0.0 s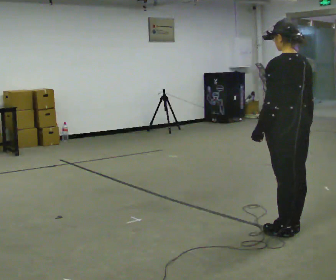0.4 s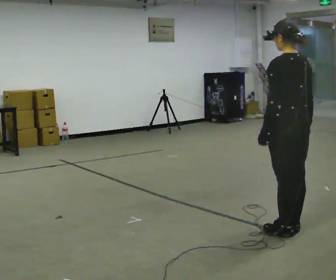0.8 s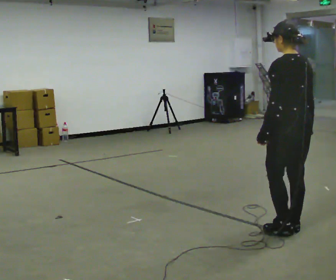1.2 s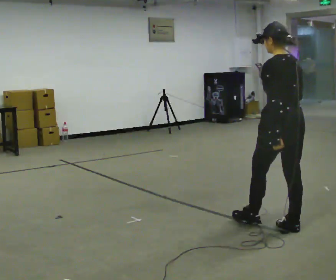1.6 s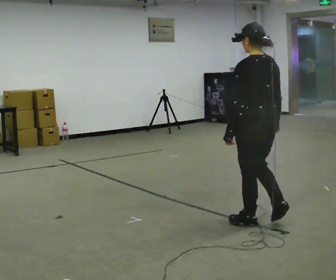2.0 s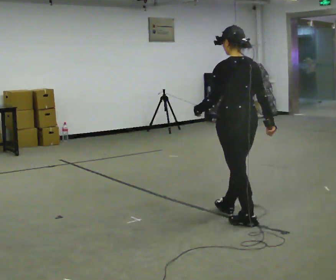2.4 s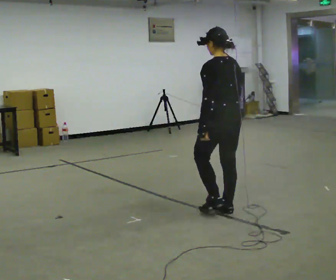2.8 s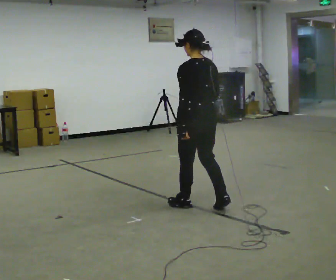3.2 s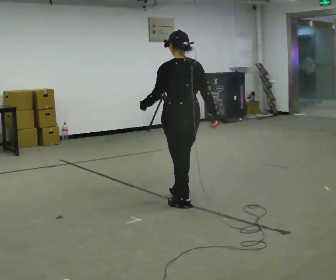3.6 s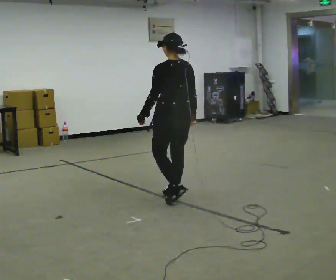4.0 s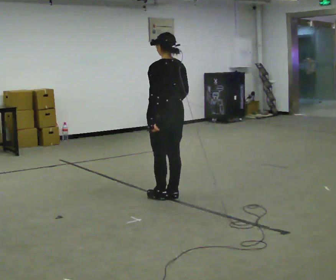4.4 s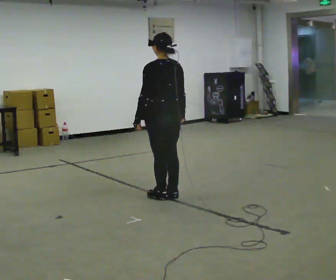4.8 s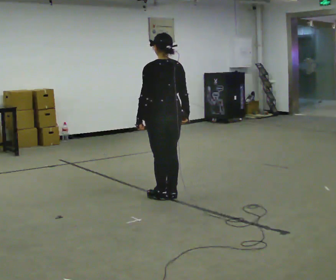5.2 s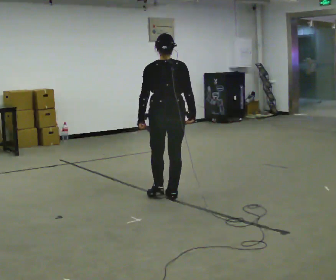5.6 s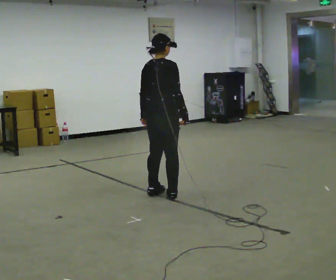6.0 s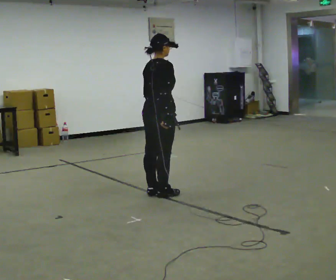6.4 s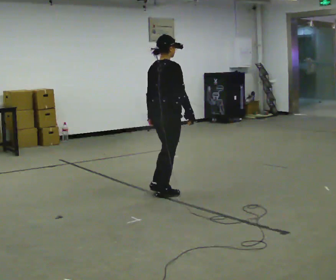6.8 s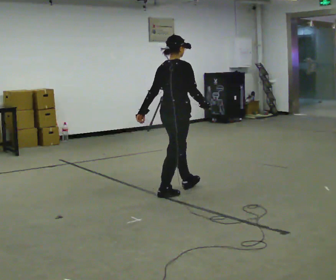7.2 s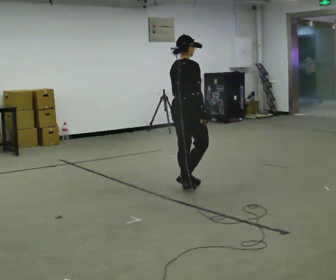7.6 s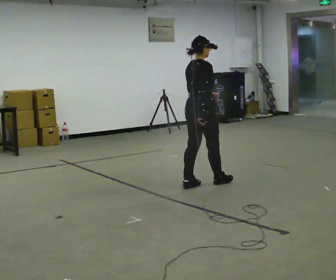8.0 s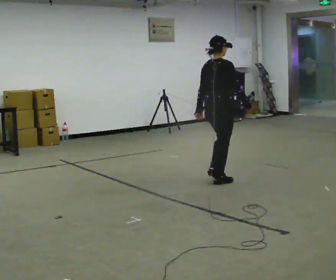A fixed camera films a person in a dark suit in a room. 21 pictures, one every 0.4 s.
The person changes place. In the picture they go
away from the camera.
The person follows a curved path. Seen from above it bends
clockwise.
0.0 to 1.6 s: In the picture they go away from the camera and to the left, about 0.25 m in 1 step, which for them is forward.
1.6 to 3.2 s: In the picture they go away from the camera and to the left, about 1 m in 2 steps, which for them is forward.
3.2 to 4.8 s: In the picture they go away from the camera and to the left, about 0.25 m in 2 steps, which for them is forward.
4.8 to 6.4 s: The part of the body nearest the lens slides to the left as the person turns to their right by about 75 degrees.
6.4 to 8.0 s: In the picture they go to the right and away from the camera, about 0.5 m in 2 steps, which for them is forward.
The film runs forward here.
